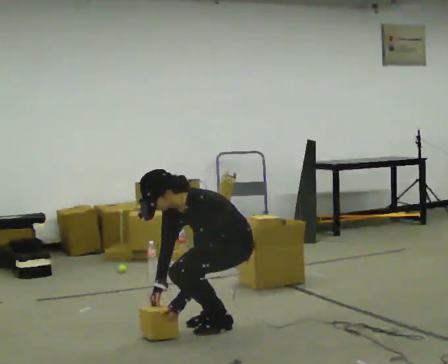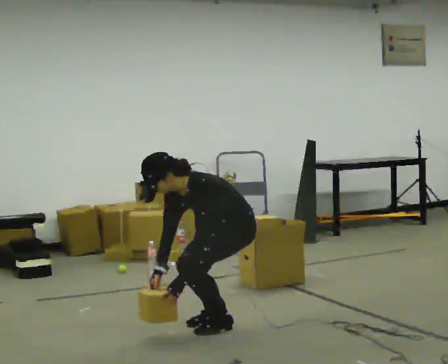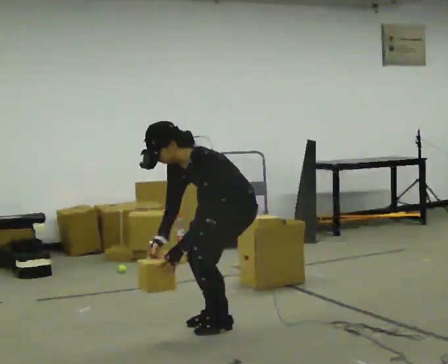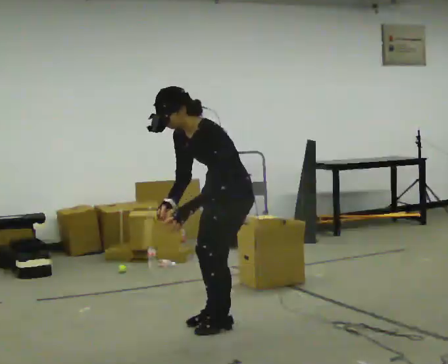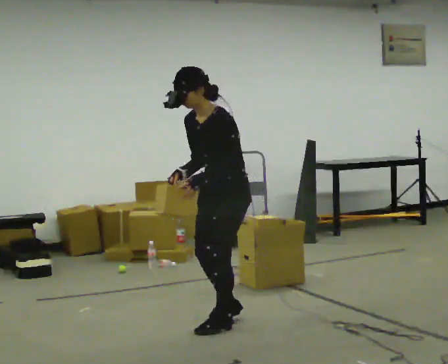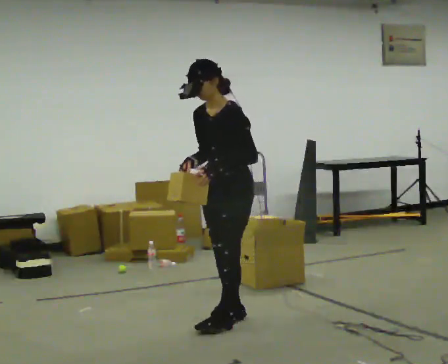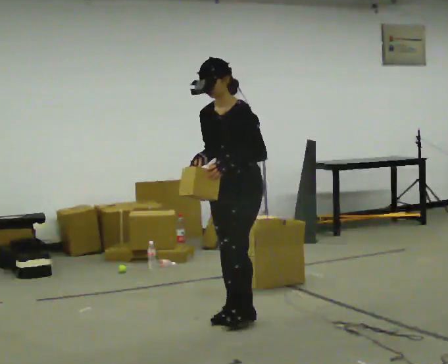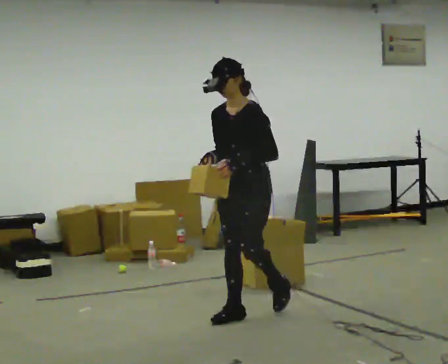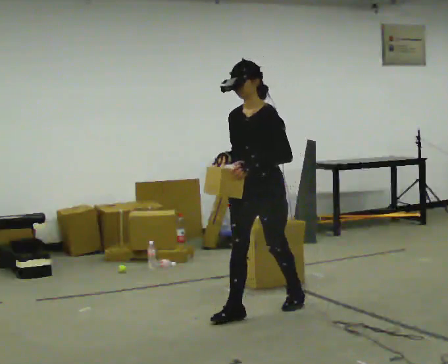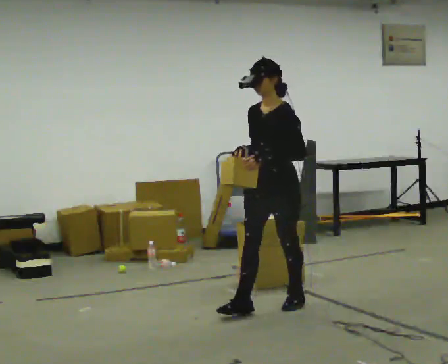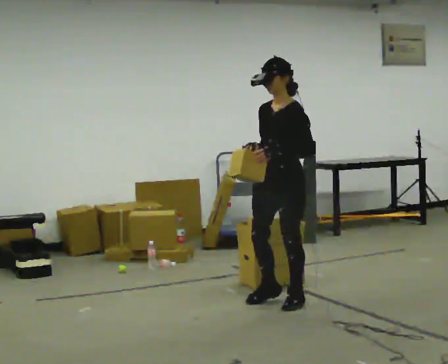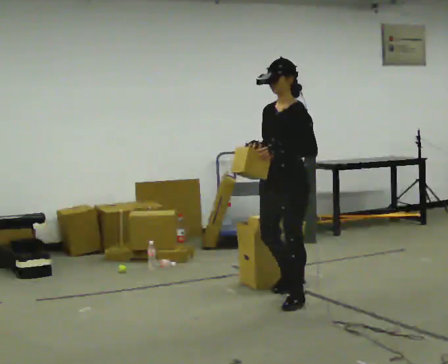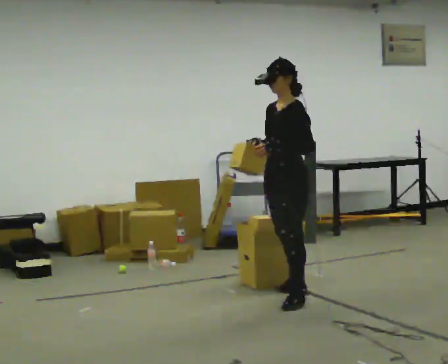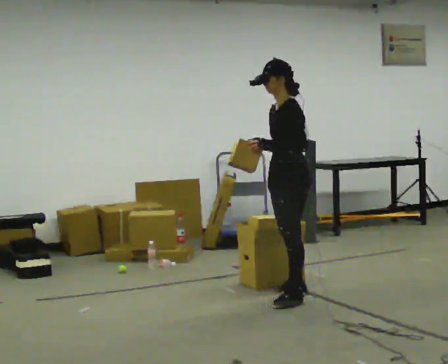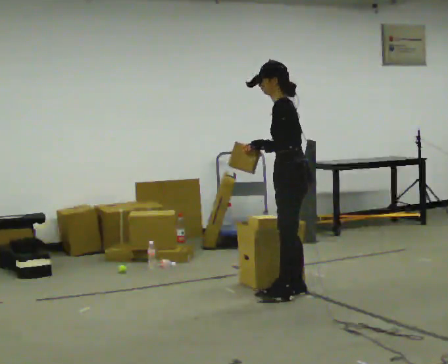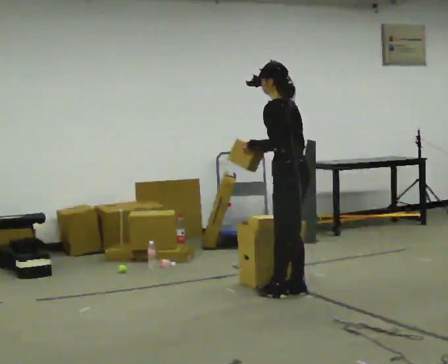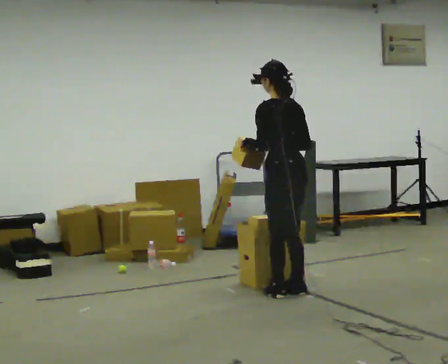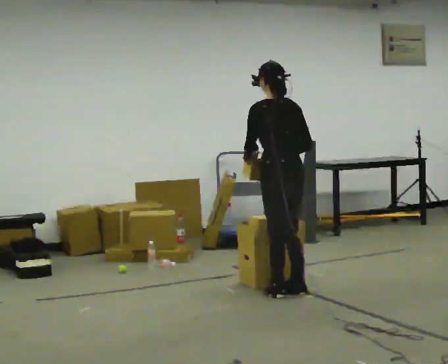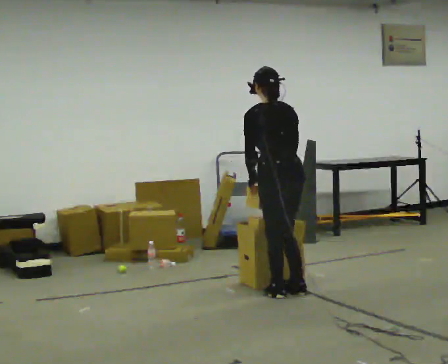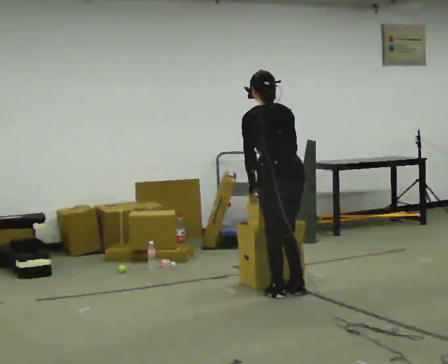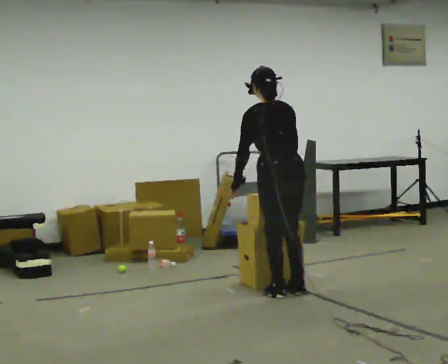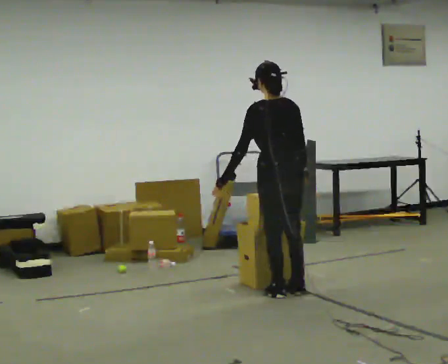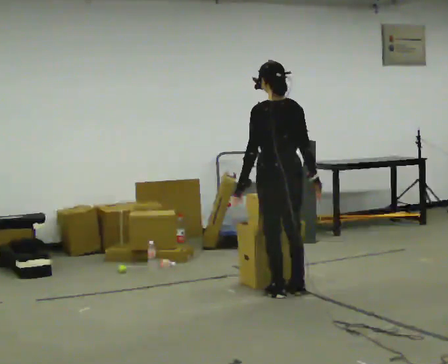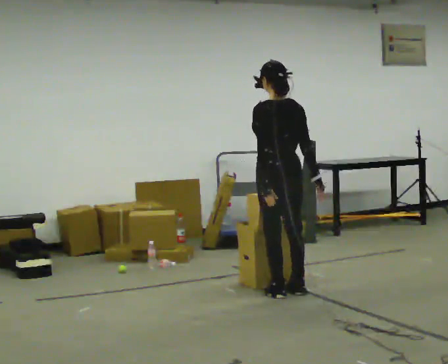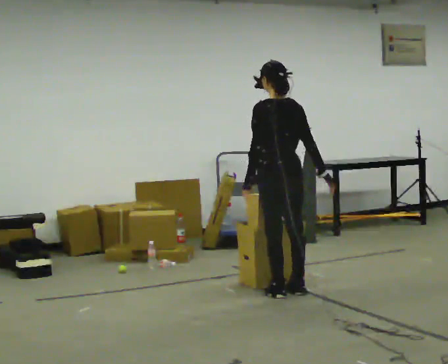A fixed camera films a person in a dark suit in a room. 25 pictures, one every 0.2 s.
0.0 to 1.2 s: The shoulders move upward. In the picture the upper body tilts clockwise, shoulders to the right, as they lean back or straighten. In the picture their right hand goes upward.
1.2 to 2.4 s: In the picture they go away from the camera and to the right, about 0.5 m in 1 step, which for them is backward.
2.4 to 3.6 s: The part of the body nearest the lens slides to the left as the person turns to their right by about 90 degrees.
3.6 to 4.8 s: The person moves a little, or ends about where they began.
The film runs backward here.
